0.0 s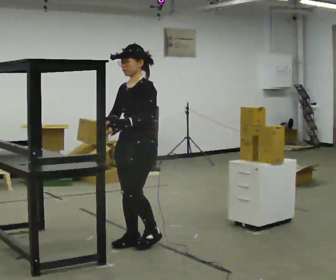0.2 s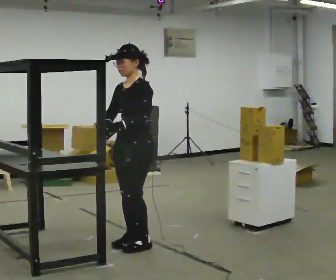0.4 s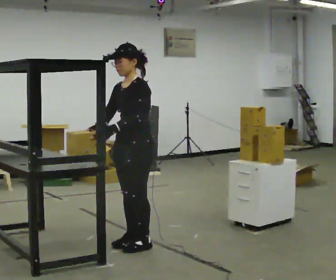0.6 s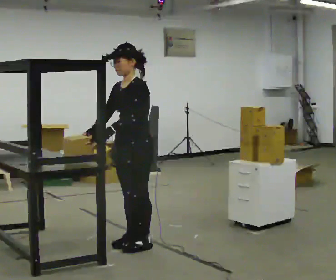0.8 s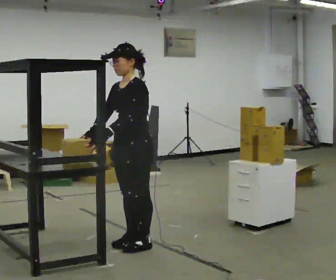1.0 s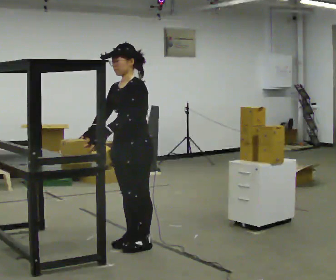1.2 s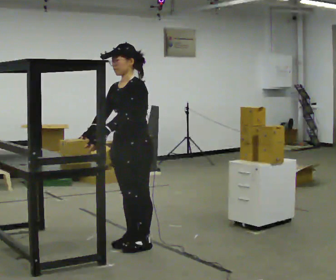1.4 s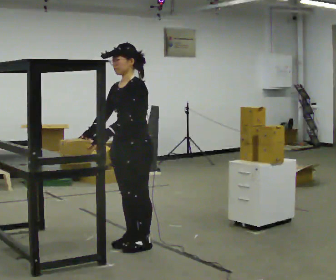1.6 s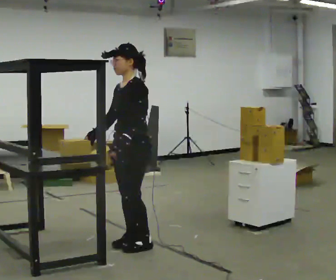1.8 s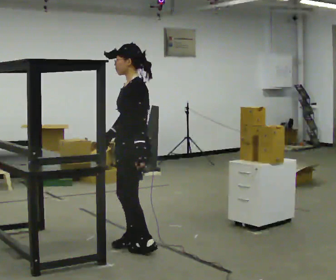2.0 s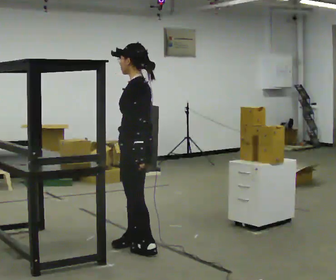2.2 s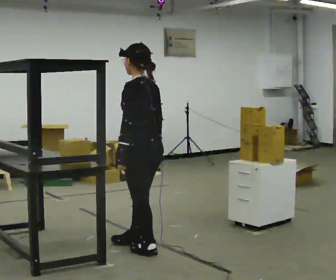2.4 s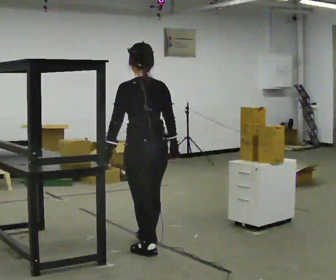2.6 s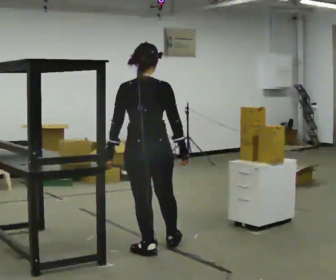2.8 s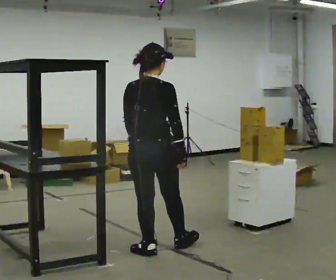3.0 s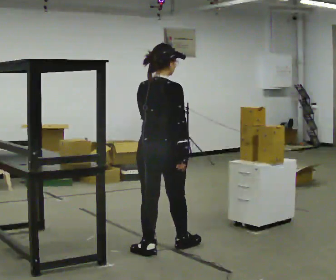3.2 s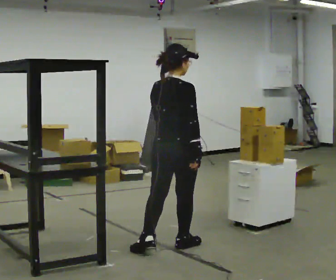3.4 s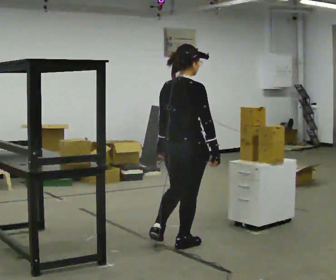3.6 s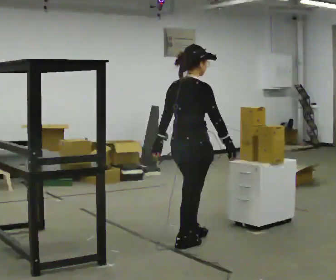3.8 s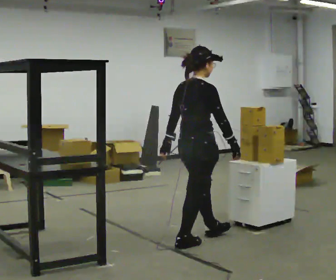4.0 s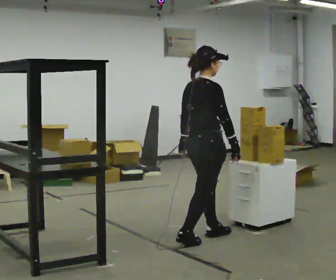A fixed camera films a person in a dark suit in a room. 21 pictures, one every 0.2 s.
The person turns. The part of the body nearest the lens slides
to the left.
The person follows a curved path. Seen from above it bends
counterclockwise.
0.0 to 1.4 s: The person moves a little, or ends about where they began.
1.4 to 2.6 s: The part of the body nearest the lens slides to the left as the person turns to their right by about 120 degrees. In the picture they go toward the camera, about 0.25 m in 1 step. In the picture their right hand goes to the right, the arm swinging counterclockwise.
2.6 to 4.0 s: Seen from above the body turns clockwise, about 60 degrees: to their right, with its near side sliding to the left. In the picture they go to the right and away from the camera, about 0.5 m in 2 steps.
The film runs forward here.
